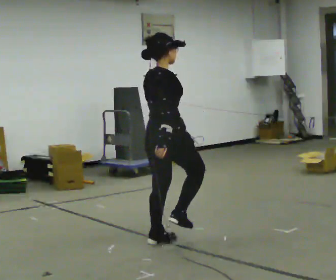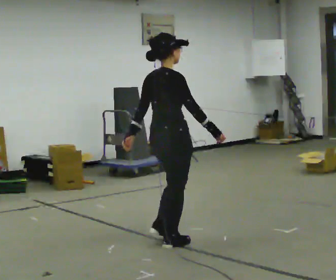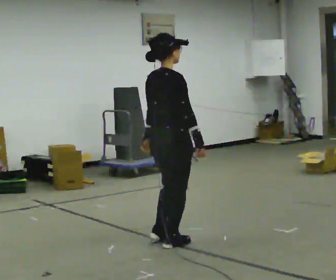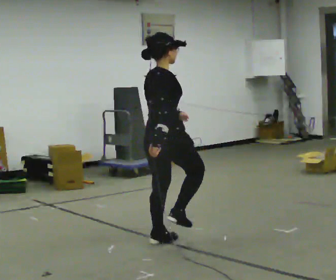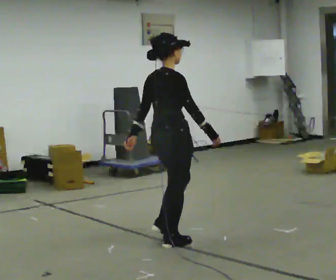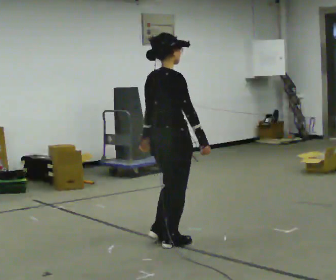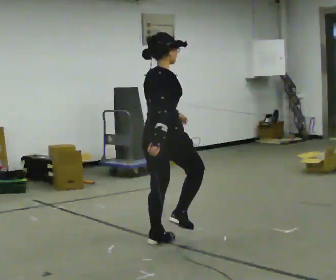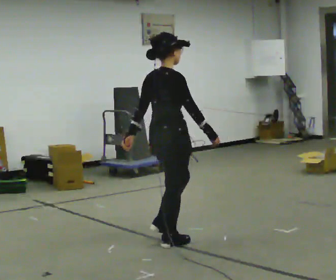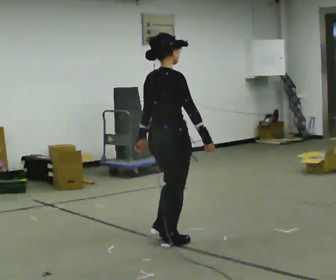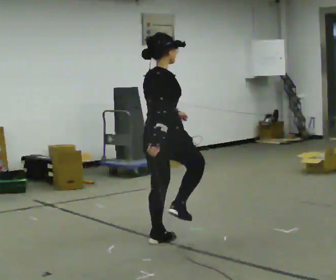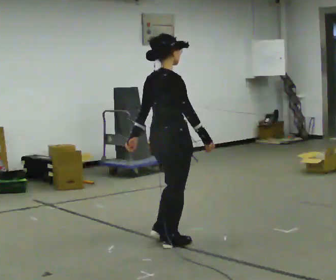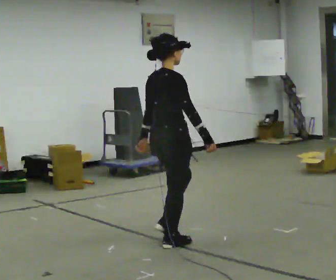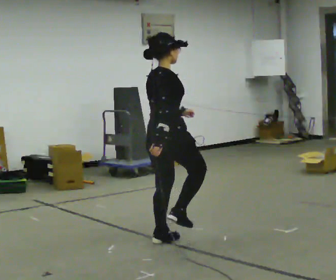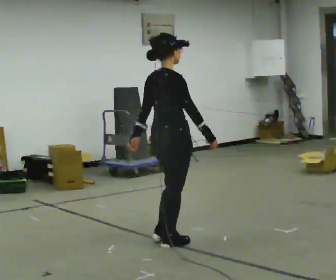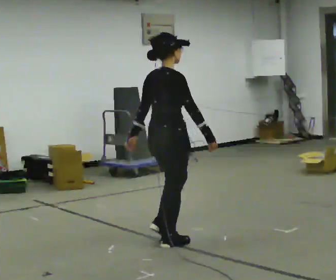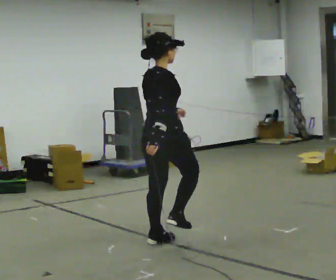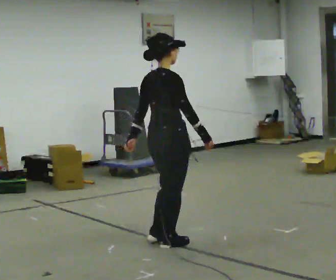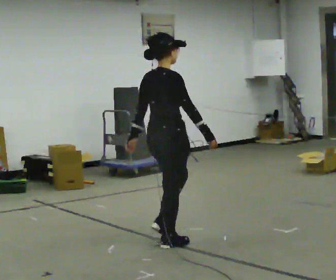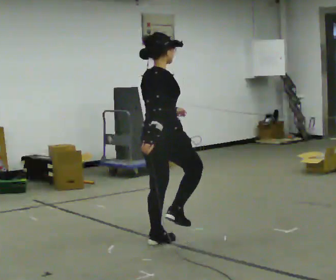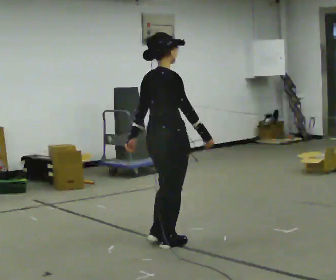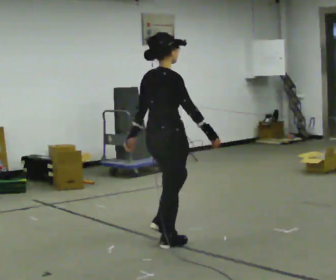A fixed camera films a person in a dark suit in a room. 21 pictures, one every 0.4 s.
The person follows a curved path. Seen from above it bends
clockwise.
0.0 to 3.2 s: The person moves a little, or ends about where they began.
3.2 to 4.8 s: In the picture their left hand goes to the right.
4.8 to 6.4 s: In the picture their left hand goes to the left.
6.4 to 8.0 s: The person moves a little, or ends about where they began.
The film runs backward here.
